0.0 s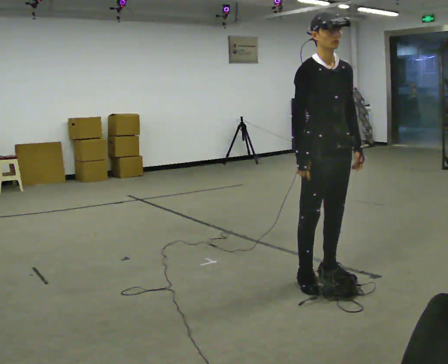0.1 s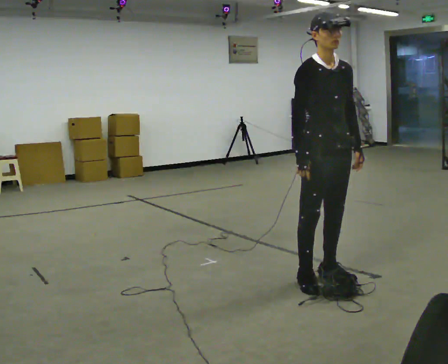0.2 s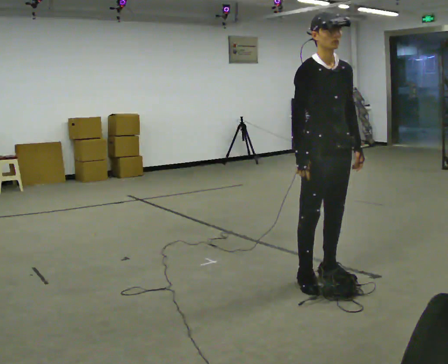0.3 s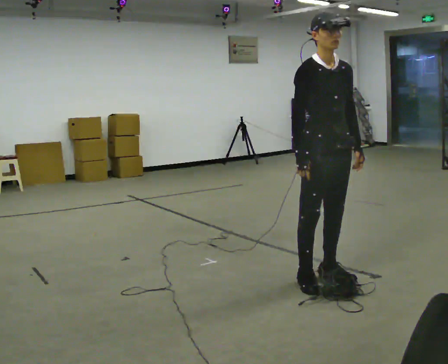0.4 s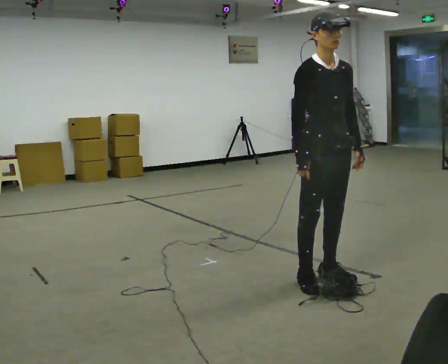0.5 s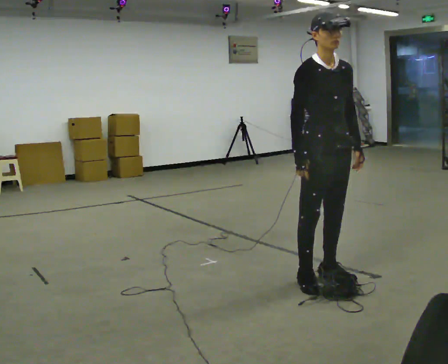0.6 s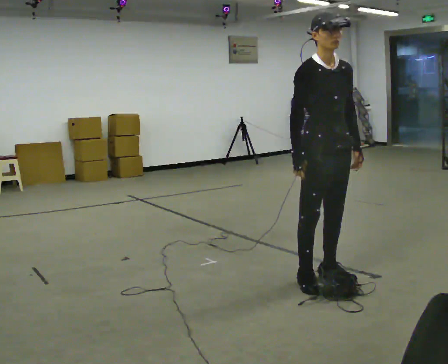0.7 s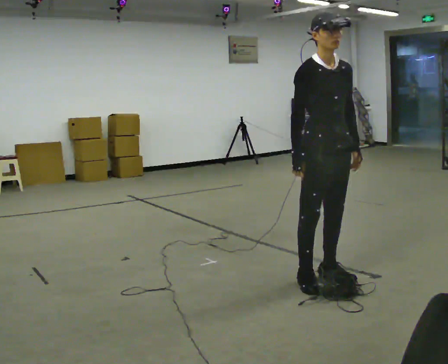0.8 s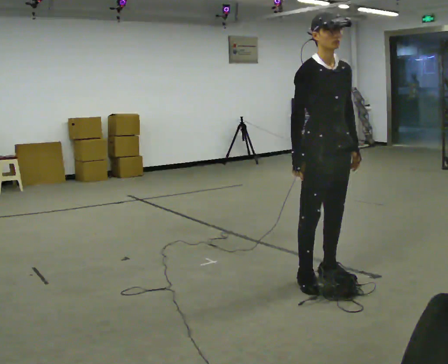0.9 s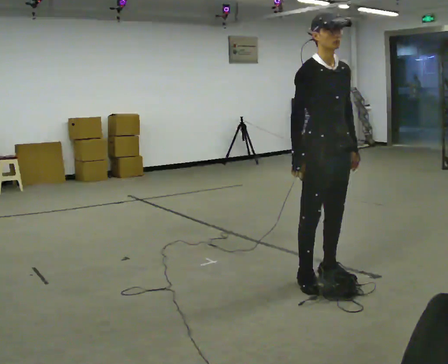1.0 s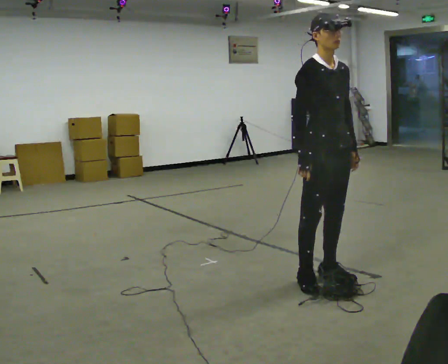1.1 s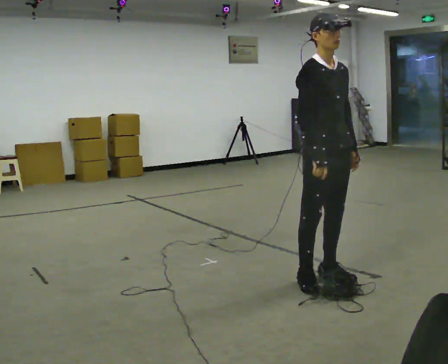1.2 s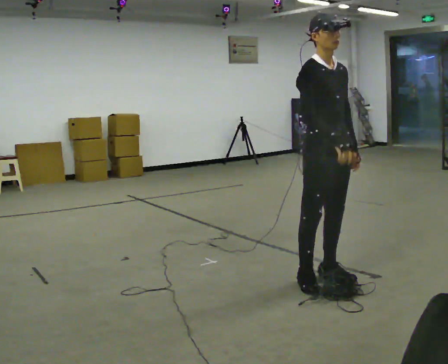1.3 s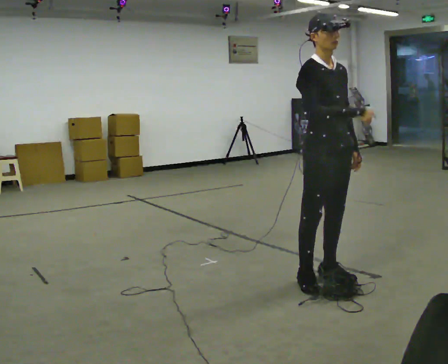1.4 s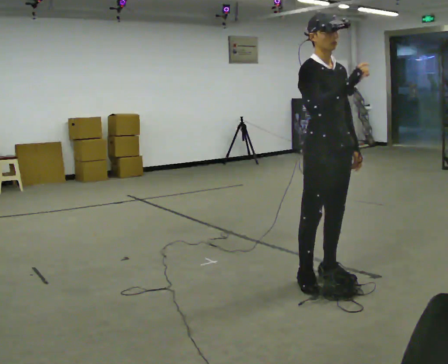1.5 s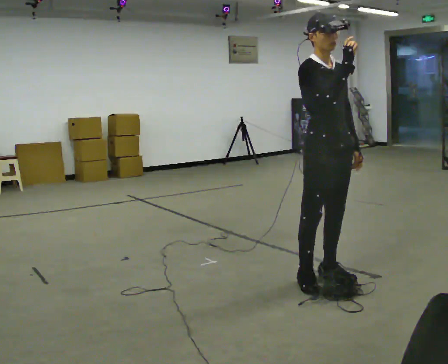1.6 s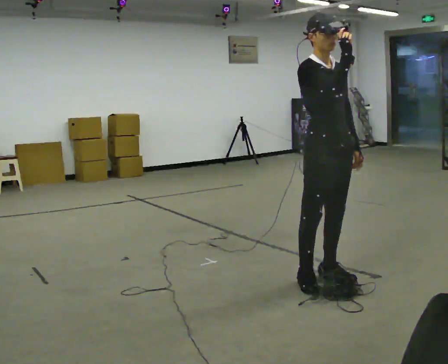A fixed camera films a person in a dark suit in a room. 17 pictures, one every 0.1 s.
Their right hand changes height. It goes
upward.
0.0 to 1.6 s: In the picture their right hand goes upward.
The film runs backward here.
